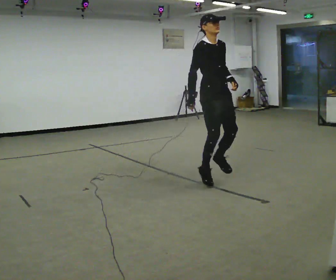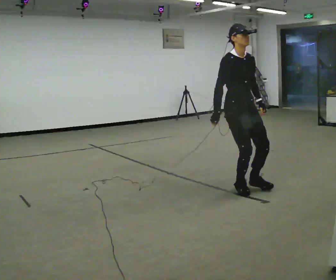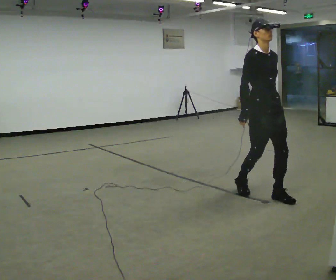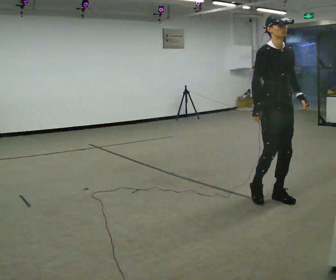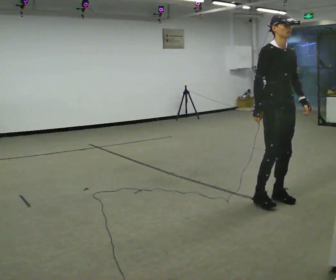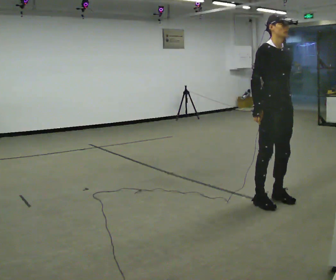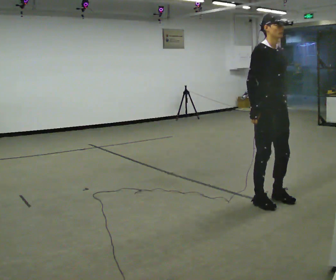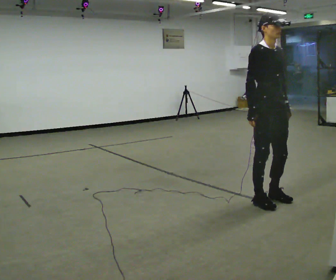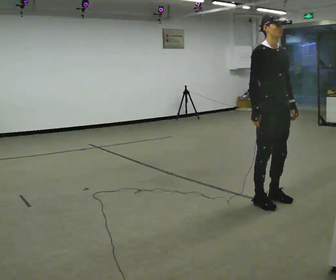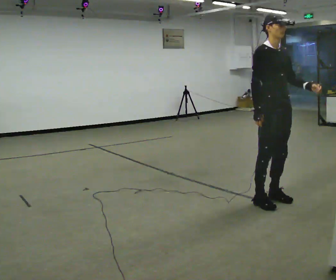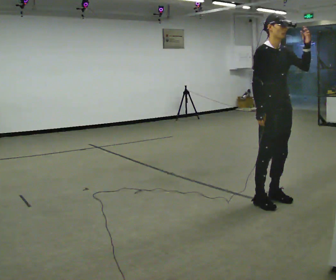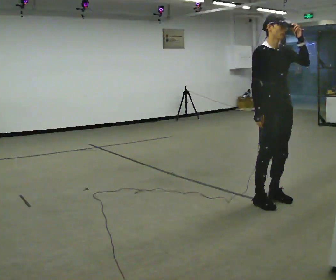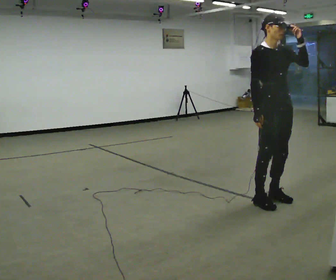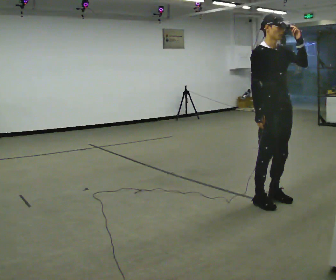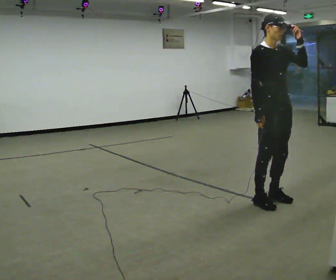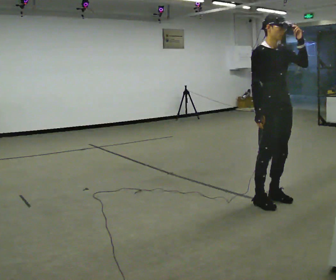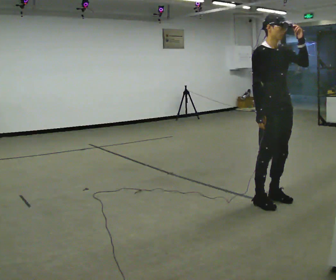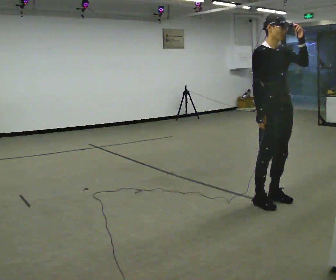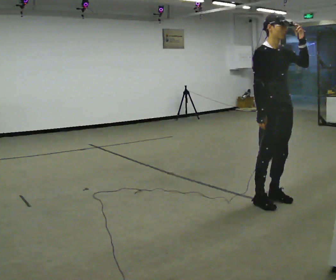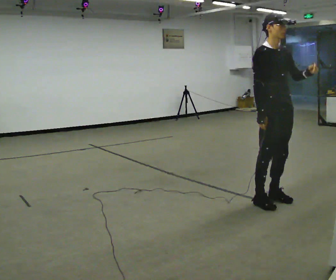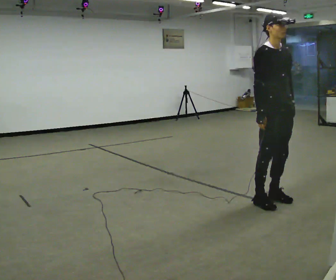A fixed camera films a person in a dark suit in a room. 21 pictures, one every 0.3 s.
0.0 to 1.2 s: In the picture they go to the right and toward the camera, about 0.5 m in 3 steps, which for them is forward.
1.2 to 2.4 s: The person moves a little, or ends about where they began.
2.4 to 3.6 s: In the picture their left hand goes upward.
3.6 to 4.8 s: The person moves a little, or ends about where they began.
4.8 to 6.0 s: In the picture their left hand goes downward.
The film runs forward here.
